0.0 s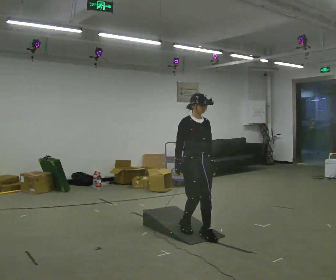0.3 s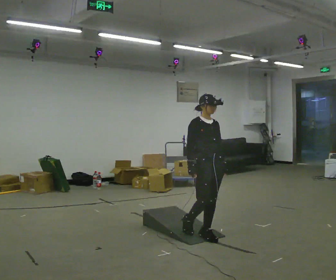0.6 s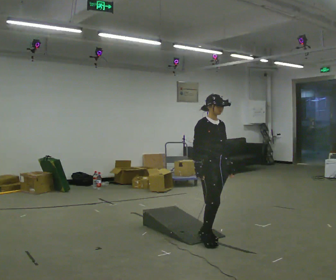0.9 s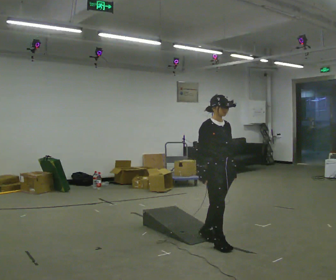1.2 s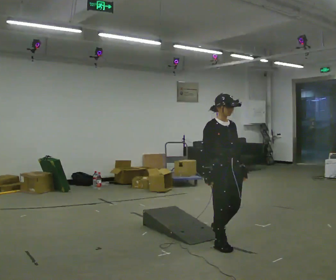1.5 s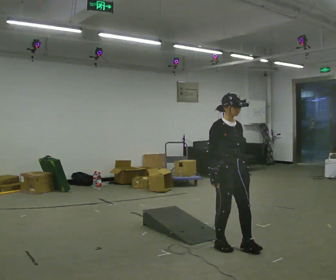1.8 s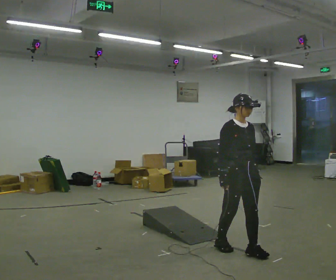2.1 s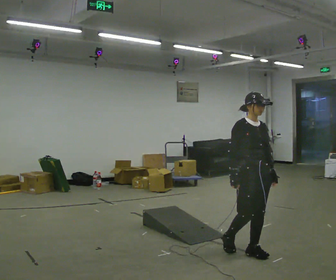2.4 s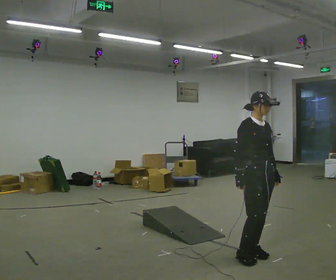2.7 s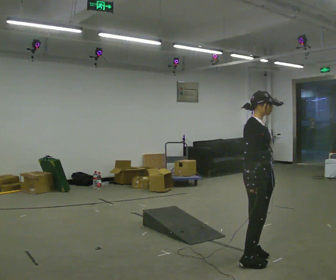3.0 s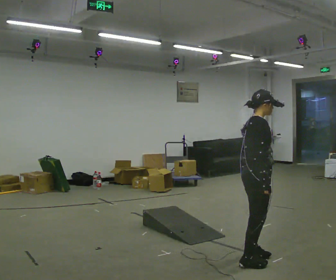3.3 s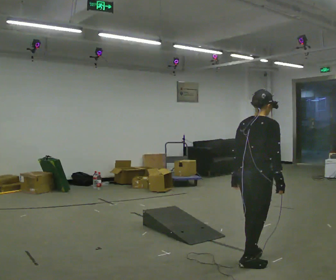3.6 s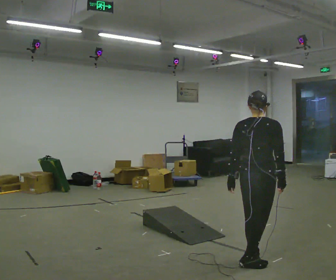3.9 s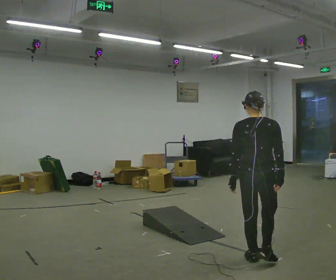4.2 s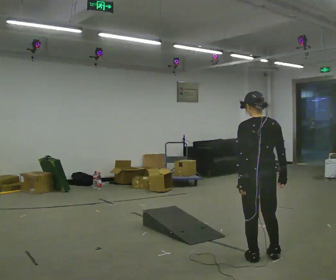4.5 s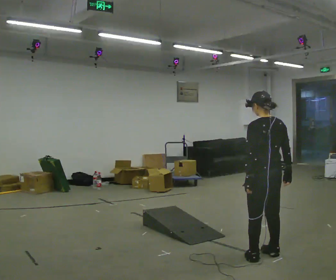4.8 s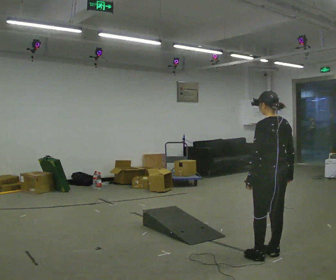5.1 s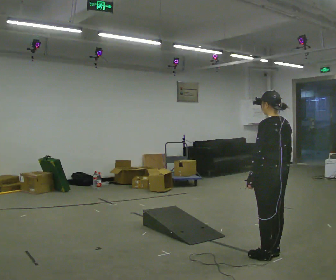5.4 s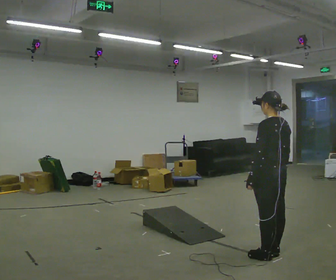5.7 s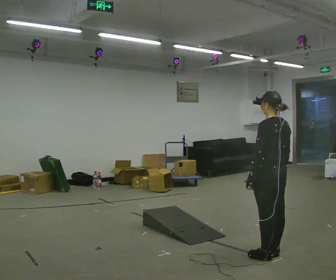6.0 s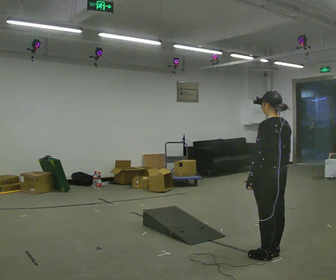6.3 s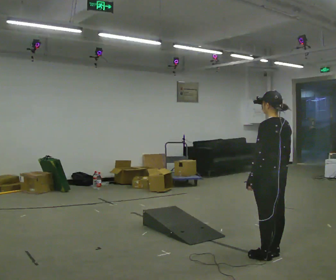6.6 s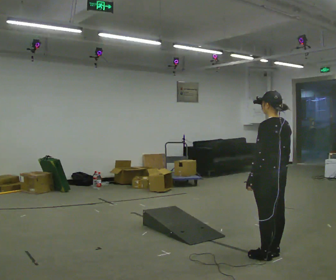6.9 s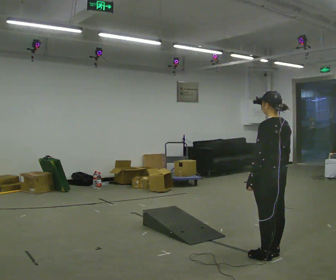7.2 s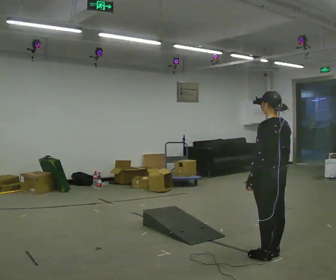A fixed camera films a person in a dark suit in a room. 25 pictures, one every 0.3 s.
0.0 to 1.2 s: In the picture they go to the right and toward the camera, about 0.5 m in 1 step, which for them is forward.
1.2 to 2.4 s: In the picture they go to the right and toward the camera, about 0.5 m in 1 step, which for them is forward.
2.4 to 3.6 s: The part of the body nearest the lens slides to the right as the person turns to their left by about 120 degrees. In the picture they go toward the camera, about 0.25 m in 2 steps. In the picture their left hand goes to the left, the arm swinging clockwise.
3.6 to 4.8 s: Seen from above the body turns counterclockwise, about 60 degrees: to their left, with its near side sliding to the right. In the picture they go away from the camera, about 0.25 m in 1 step, which for them is to their right and forward.
4.8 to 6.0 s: The person moves a little, or ends about where they began.
6.0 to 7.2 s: The person keeps their place and pose.
The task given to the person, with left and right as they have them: Walk up the ramp, turn at the top, and walk back down at a comfortable speed.
The film runs forward here.
